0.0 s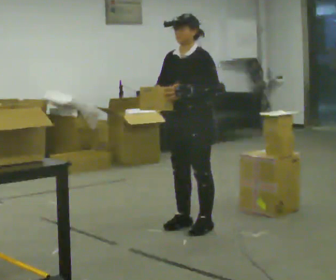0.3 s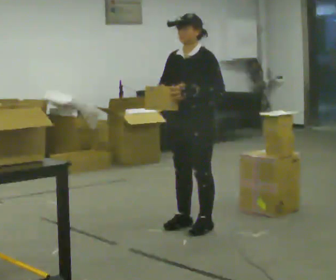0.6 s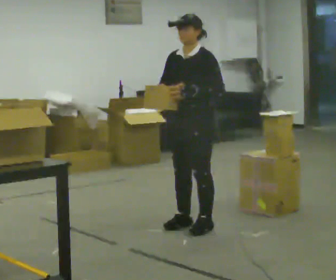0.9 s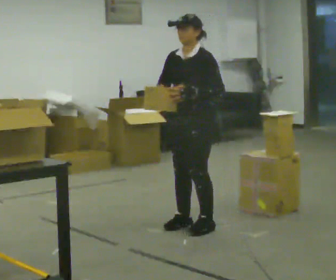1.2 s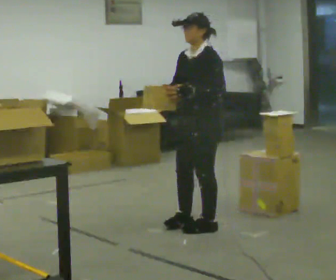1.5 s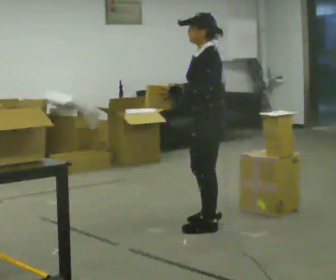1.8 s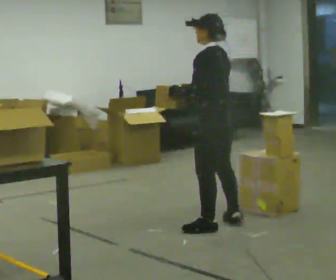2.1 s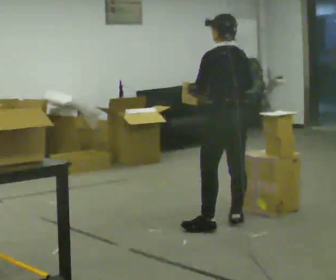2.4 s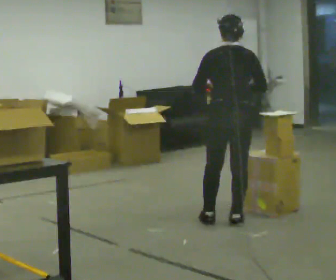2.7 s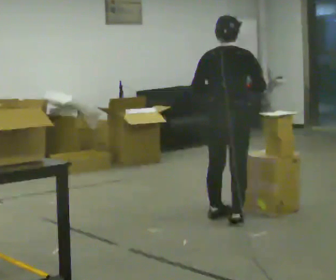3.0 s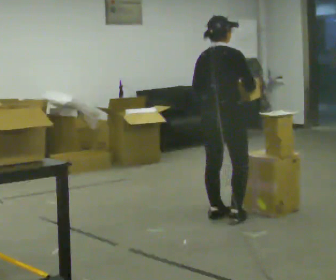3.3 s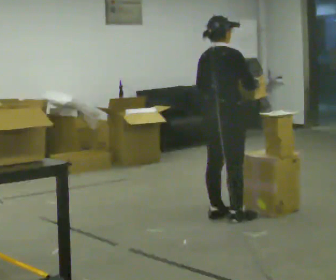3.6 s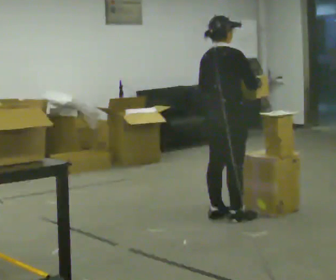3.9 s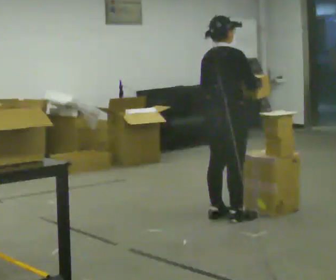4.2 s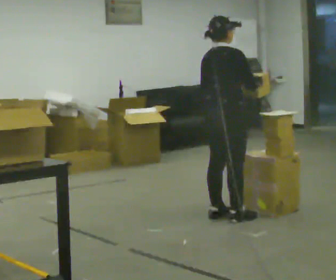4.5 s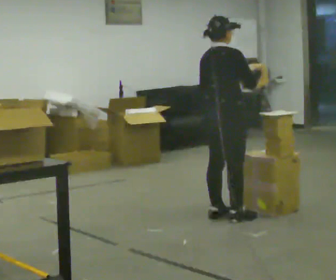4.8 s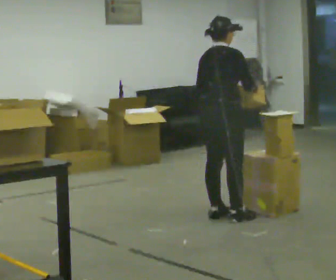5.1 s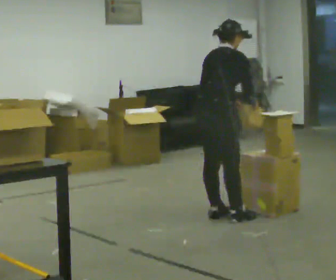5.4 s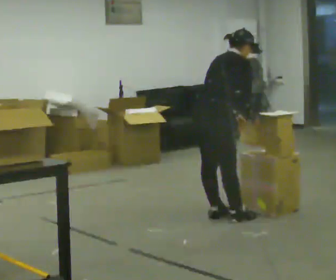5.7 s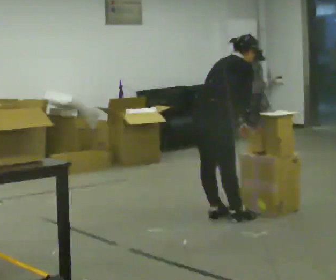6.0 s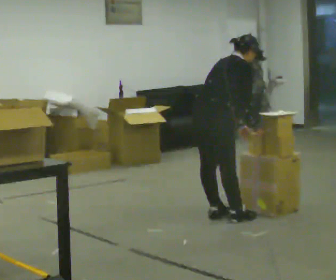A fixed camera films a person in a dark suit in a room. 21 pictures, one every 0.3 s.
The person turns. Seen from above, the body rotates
clockwise.
The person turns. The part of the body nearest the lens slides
to the left.
0.0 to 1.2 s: The person moves a little, or ends about where they began.
1.2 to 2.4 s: The person turns about 120 degrees to their right, clockwise seen from above, so the part of the body nearest the lens slides to the left. In the picture they go to the right, about 0.25 m in 2 steps.
2.4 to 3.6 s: The part of the body nearest the lens slides to the left as the person turns to their right by about 60 degrees. In the picture they go away from the camera, about 0.25 m, which for them is to their left and forward.
3.6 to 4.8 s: The person moves a little, or ends about where they began.
4.8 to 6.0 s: In the picture the upper body tilts clockwise, shoulders to the right, as they bend forward.
The film runs backward here.
